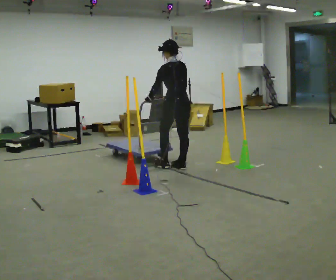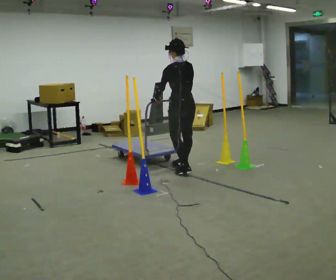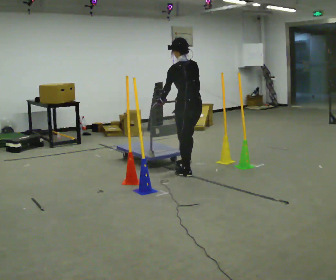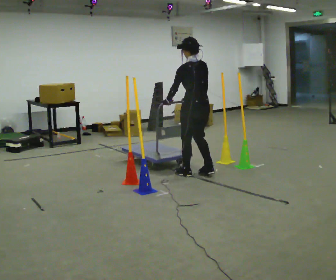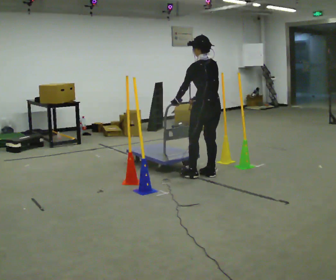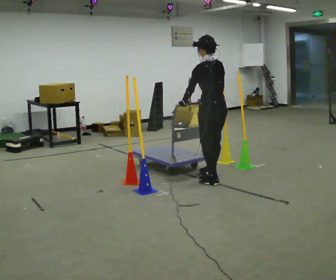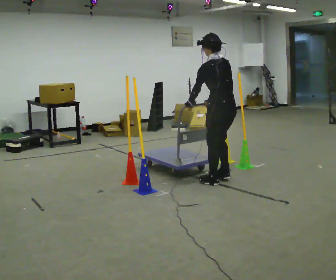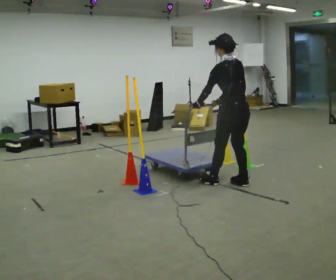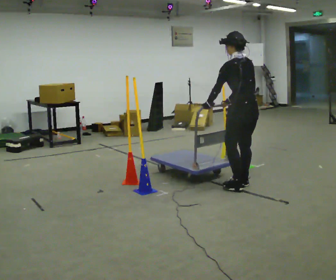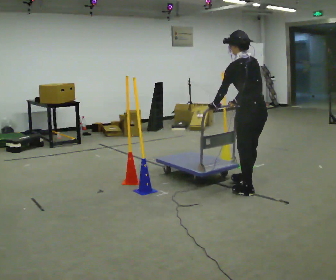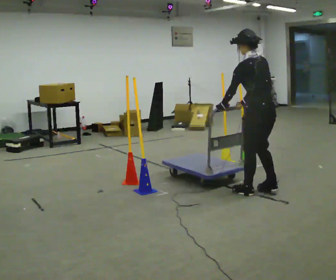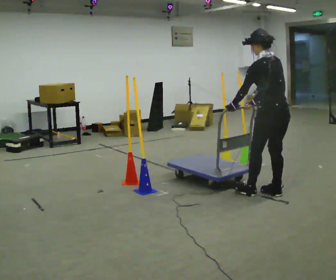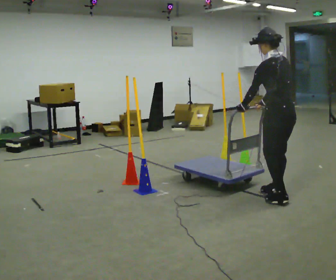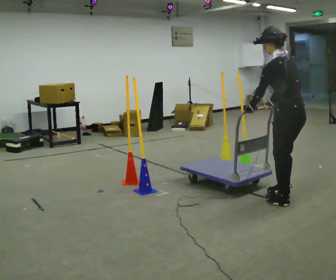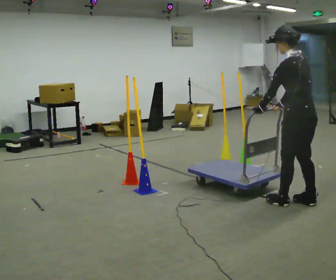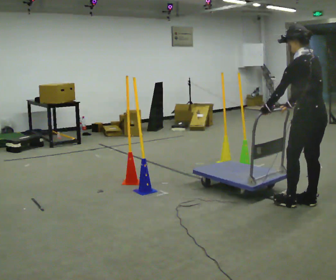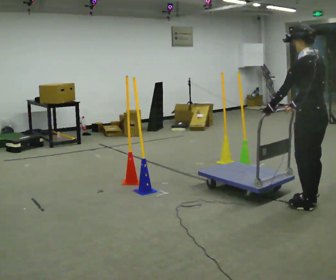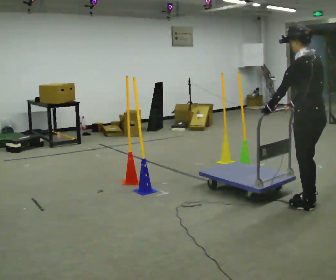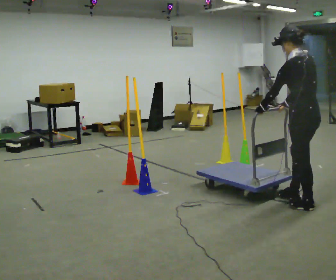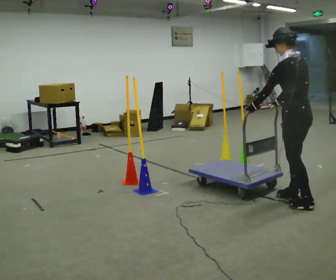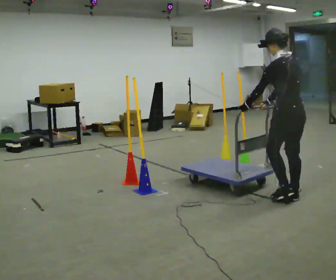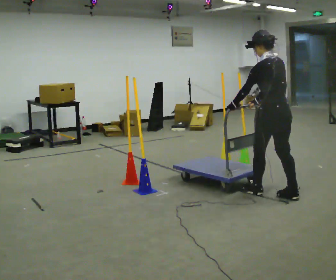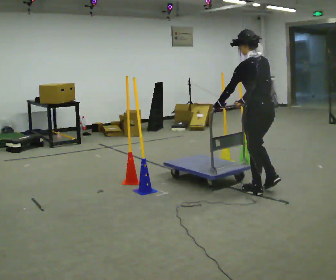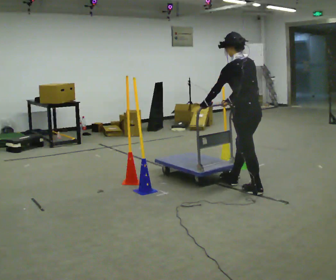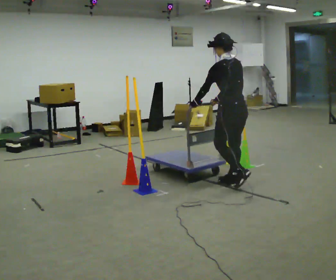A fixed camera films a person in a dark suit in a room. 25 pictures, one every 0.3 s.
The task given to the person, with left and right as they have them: Push the cart in and out of the line of poles without touching any of them. Keep going until the operator says stop.
0.0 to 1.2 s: In the picture they go to the right and toward the camera, about 0.5 m in 2 steps, which for them is backward.
1.2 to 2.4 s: In the picture they go to the right and toward the camera, about 0.5 m in 2 steps, which for them is backward.
2.4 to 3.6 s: In the picture they go to the right and toward the camera, about 0.5 m in 2 steps, which for them is backward.
3.6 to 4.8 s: In the picture they go to the right and toward the camera, about 0.25 m in 3 steps, which for them is backward.
4.8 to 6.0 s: In the picture they go away from the camera and to the left, about 0.25 m in 1 step, which for them is forward.
6.0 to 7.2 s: In the picture they go to the left and away from the camera, about 0.75 m in 2 steps, which for them is forward.
The film runs forward here.
